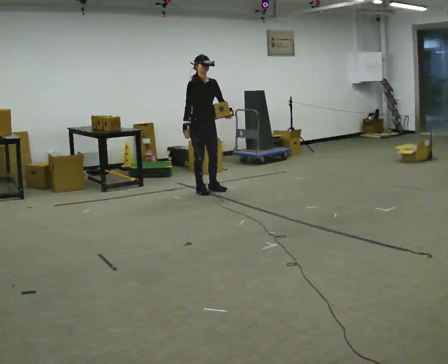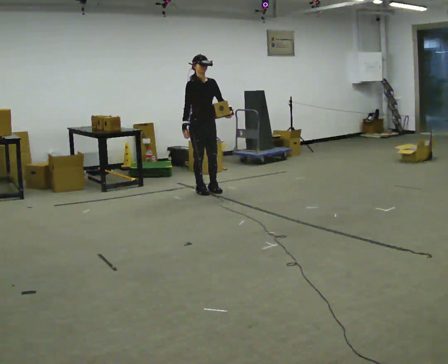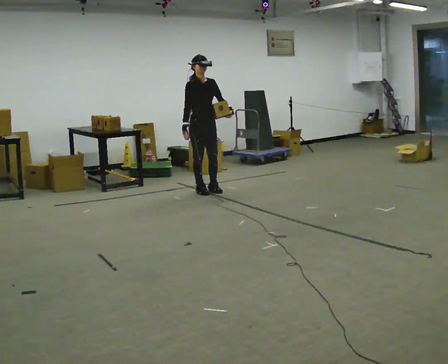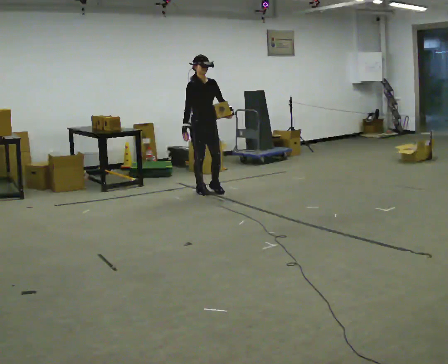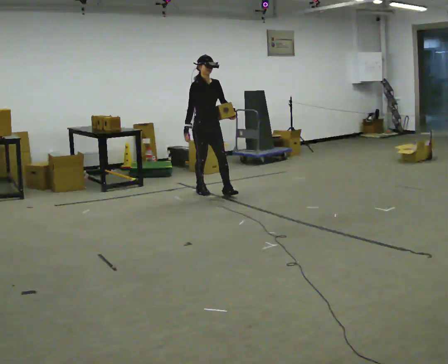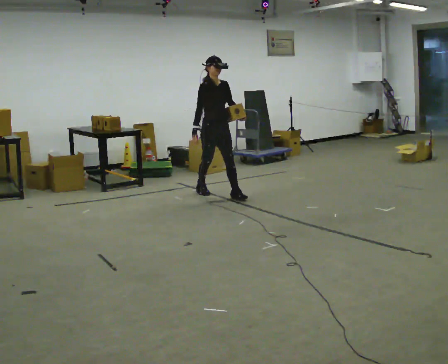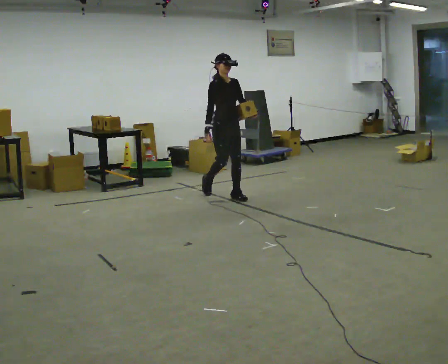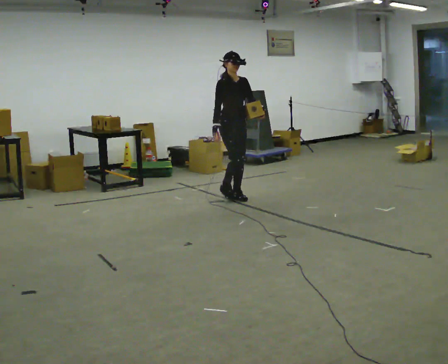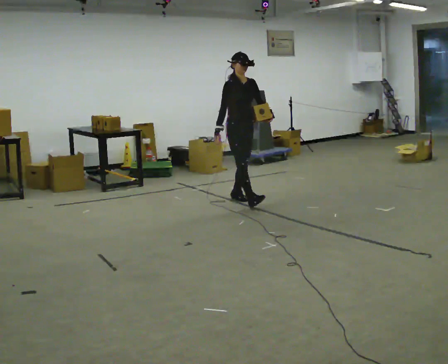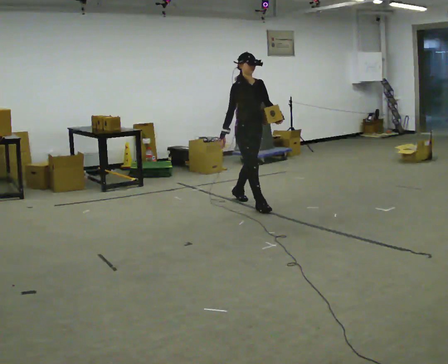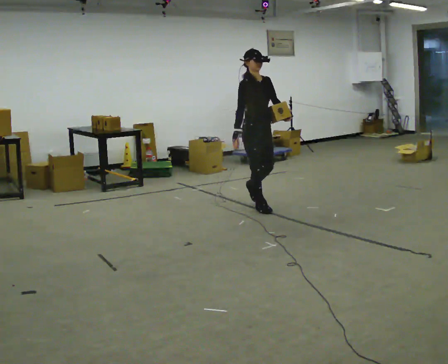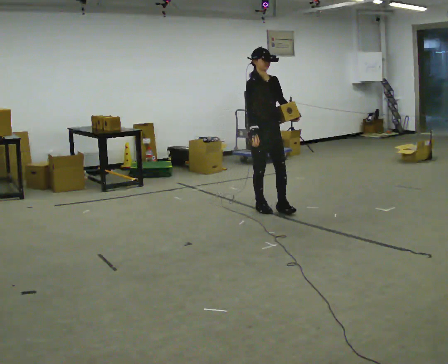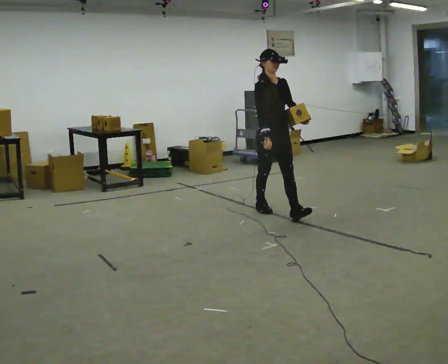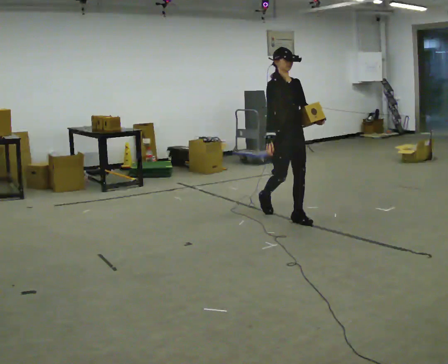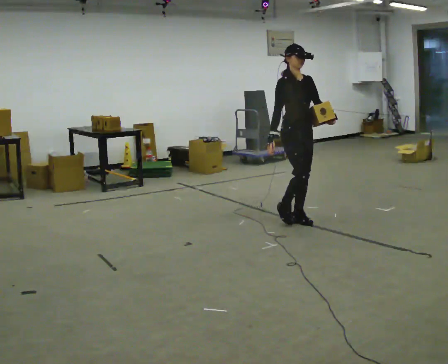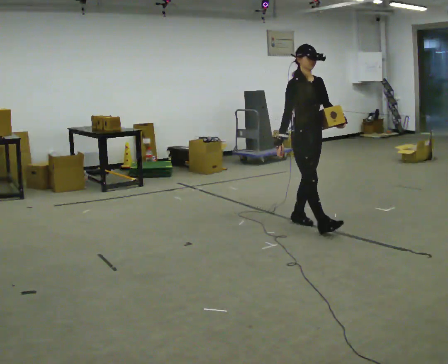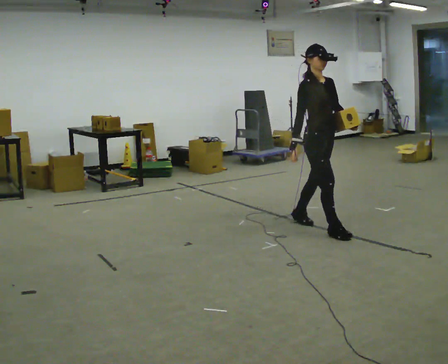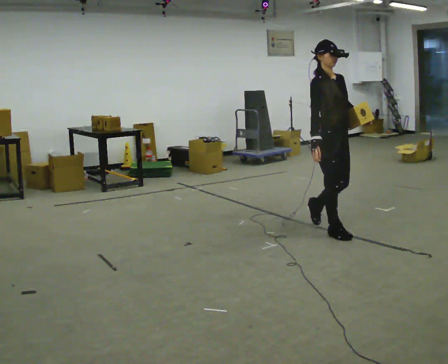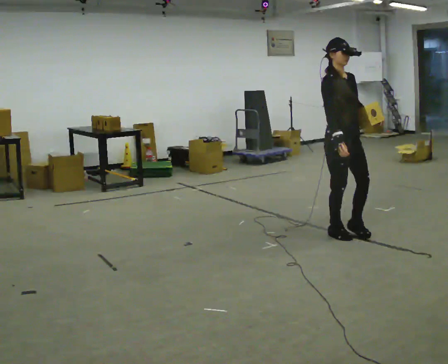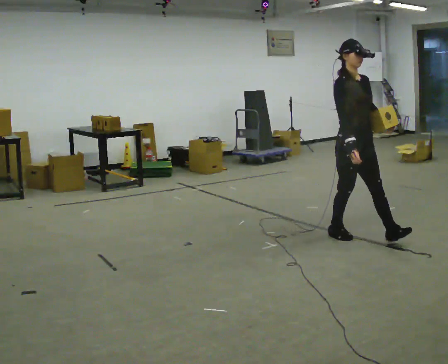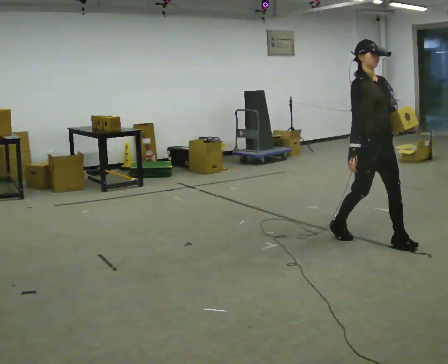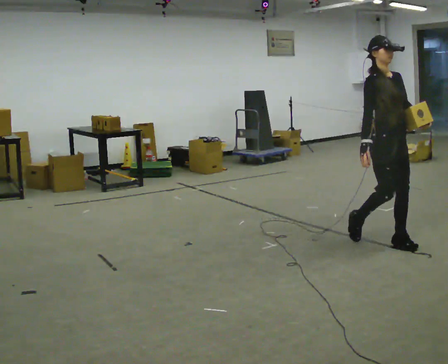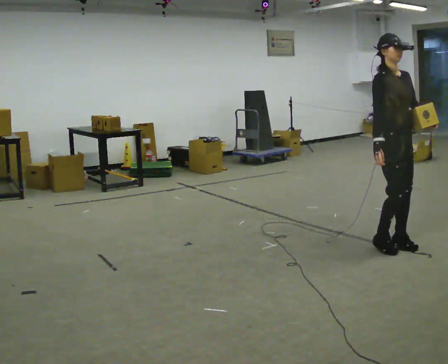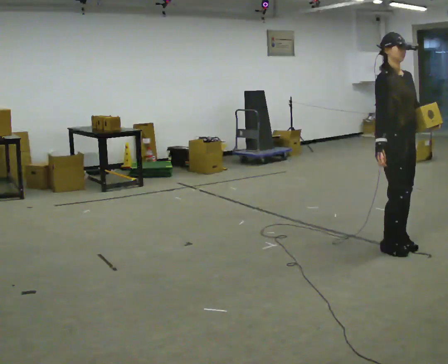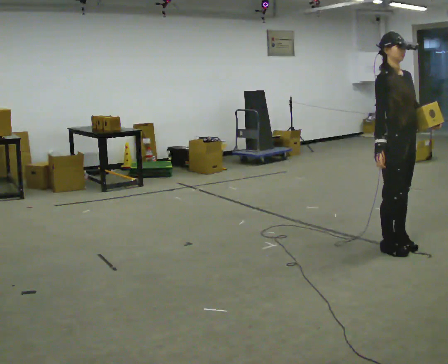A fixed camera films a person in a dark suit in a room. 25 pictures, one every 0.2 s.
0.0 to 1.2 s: In the picture they go toward the camera and to the right, about 0.5 m in 1 step, which for them is forward.
1.2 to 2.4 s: In the picture they go toward the camera and to the right, about 1 m in 1 step, which for them is forward.
2.4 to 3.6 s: In the picture they go toward the camera and to the right, about 1 m in 2 steps, which for them is forward.
3.6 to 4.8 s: In the picture they go toward the camera and to the right, about 0.5 m in 2 steps, which for them is forward.
The film runs forward here.
